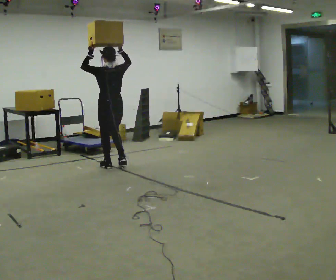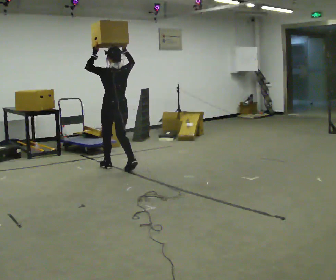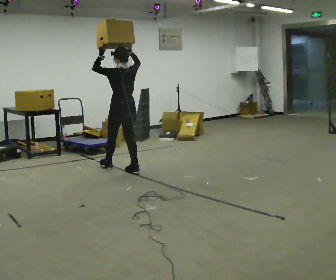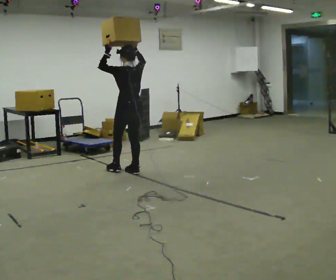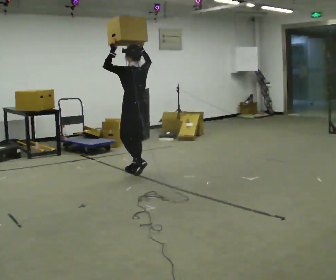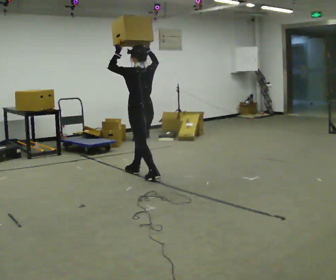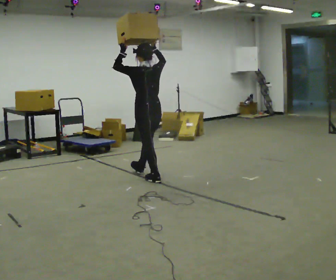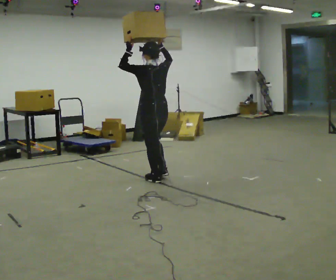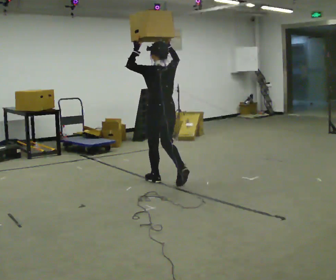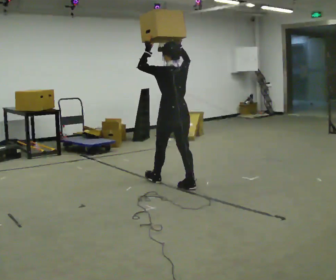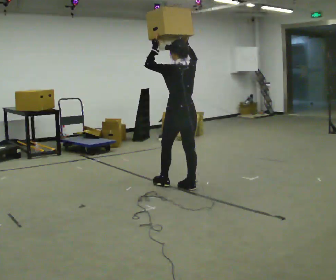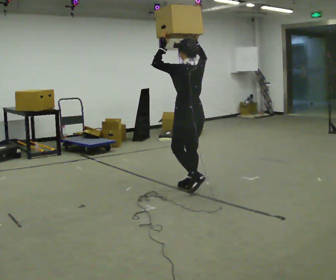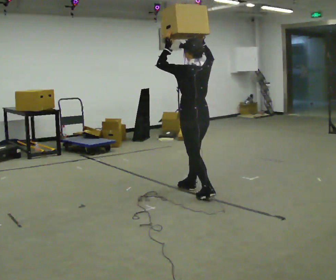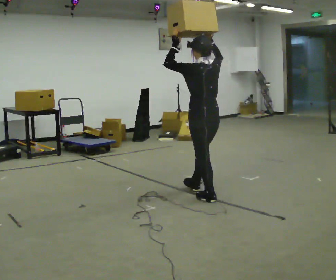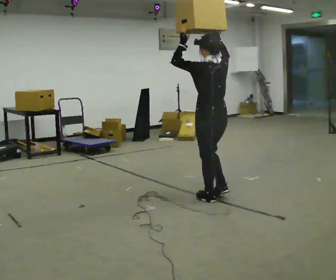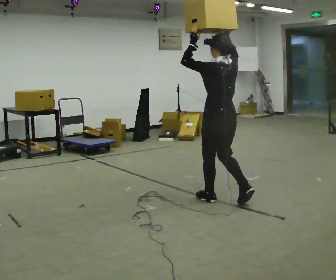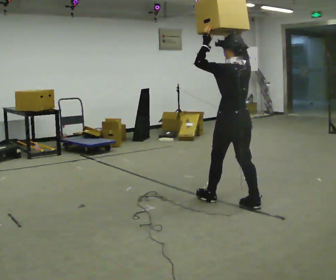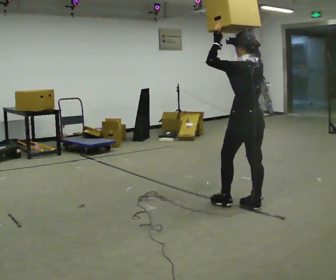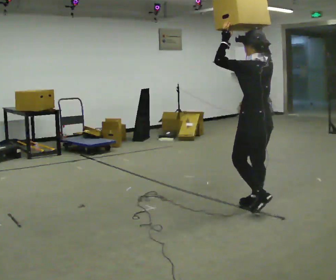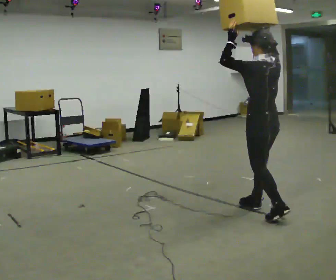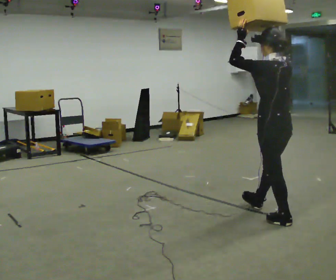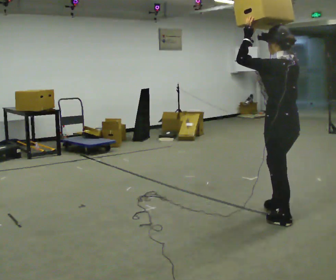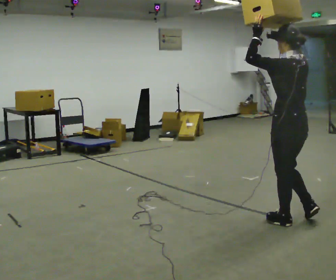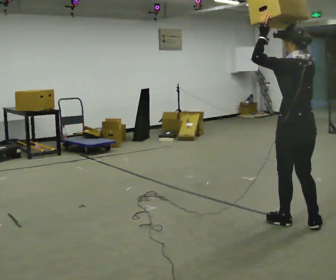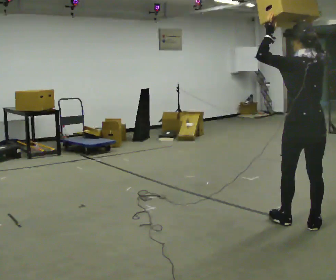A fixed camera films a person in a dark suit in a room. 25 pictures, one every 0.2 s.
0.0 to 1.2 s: In the picture they go to the right and toward the camera, about 1 m in 2 steps, which for them is backward.
1.2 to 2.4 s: In the picture they go toward the camera and to the right, about 1 m in 1 step, which for them is backward.
2.4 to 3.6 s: In the picture they go toward the camera and to the right, about 1 m in 2 steps, which for them is backward.
3.6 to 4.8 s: In the picture they go toward the camera and to the right, about 0.5 m in 1 step, which for them is backward.
The film runs backward here.
